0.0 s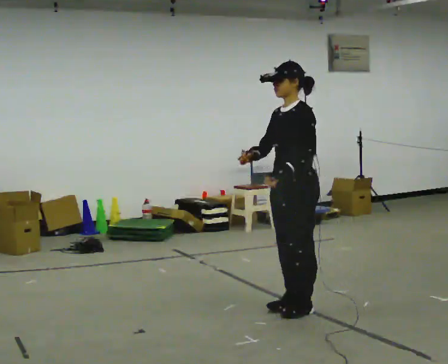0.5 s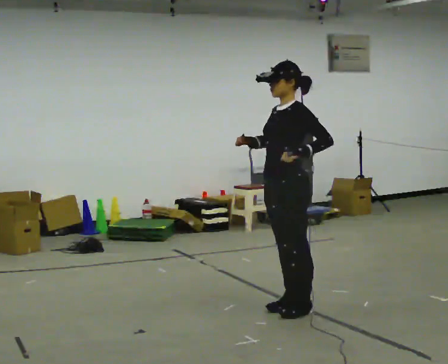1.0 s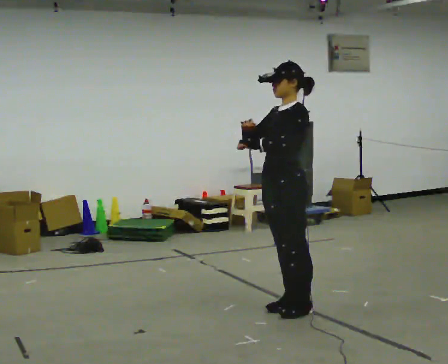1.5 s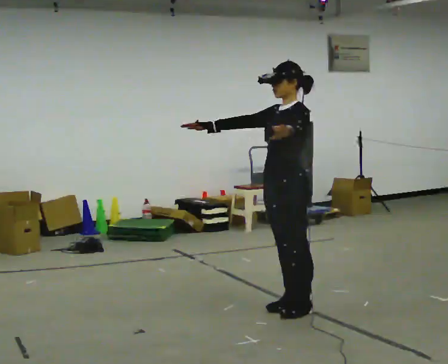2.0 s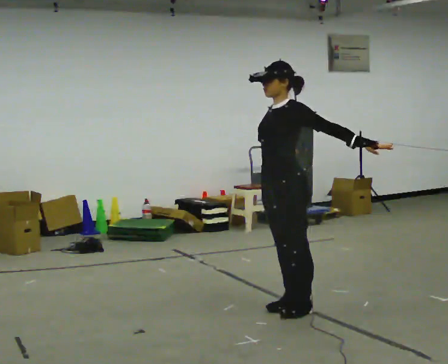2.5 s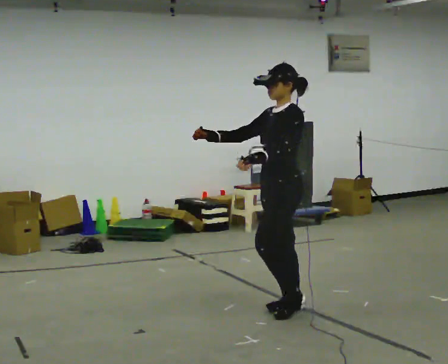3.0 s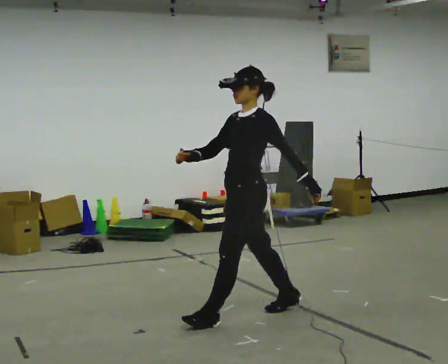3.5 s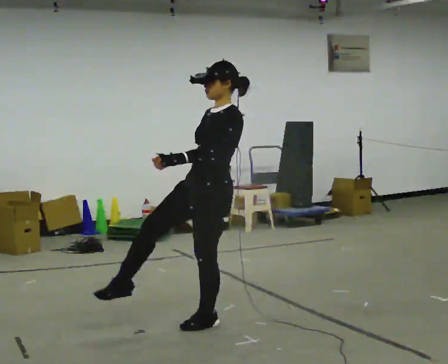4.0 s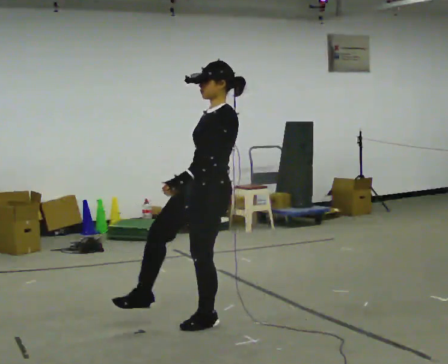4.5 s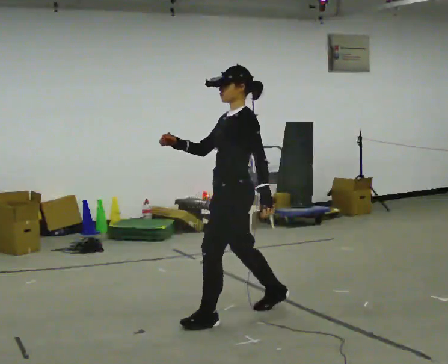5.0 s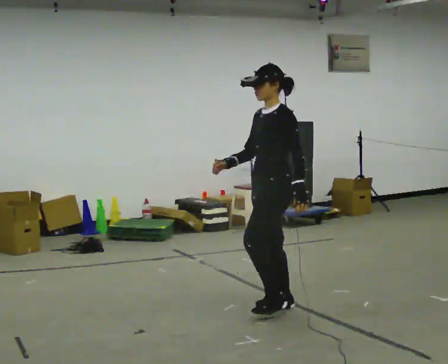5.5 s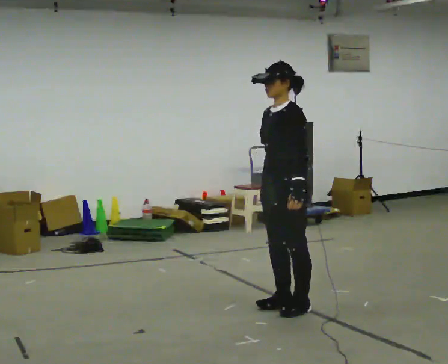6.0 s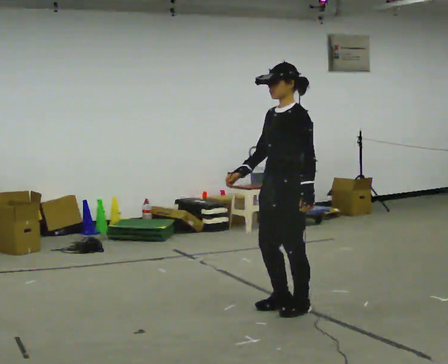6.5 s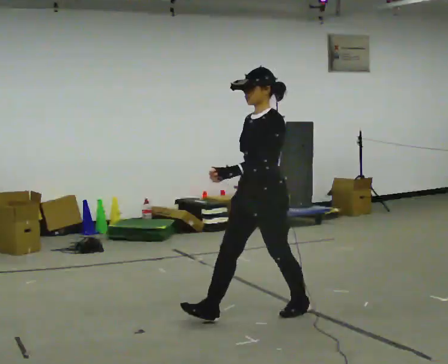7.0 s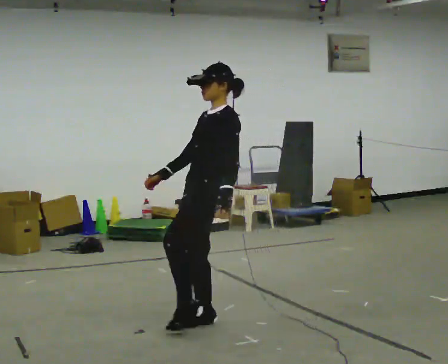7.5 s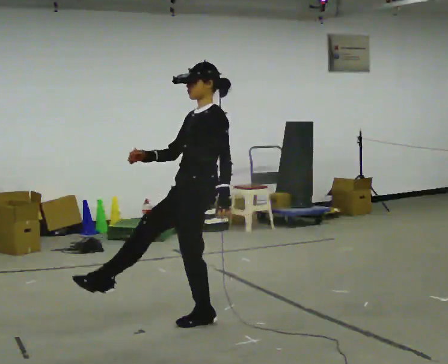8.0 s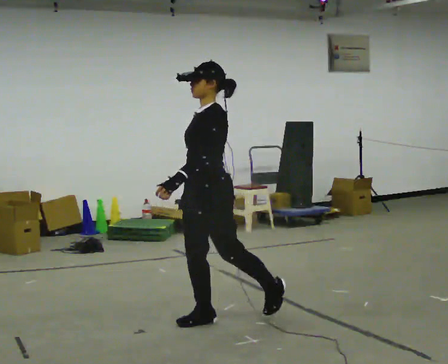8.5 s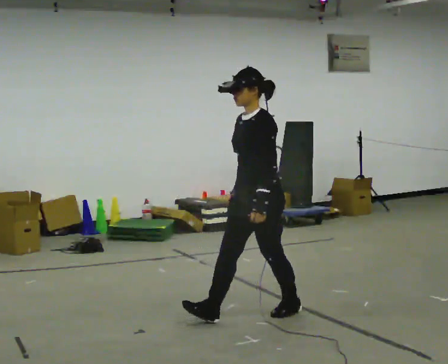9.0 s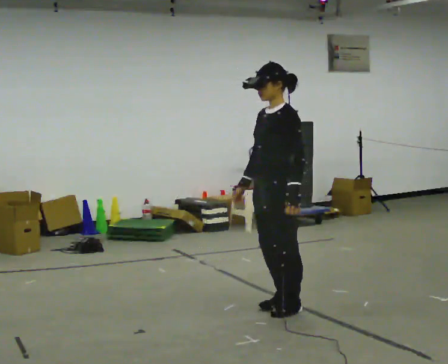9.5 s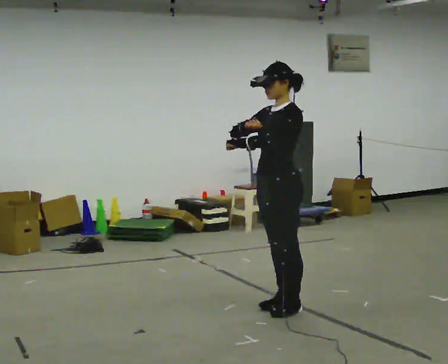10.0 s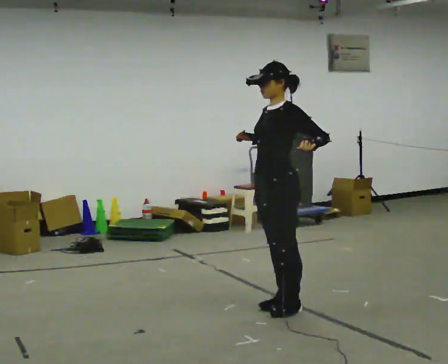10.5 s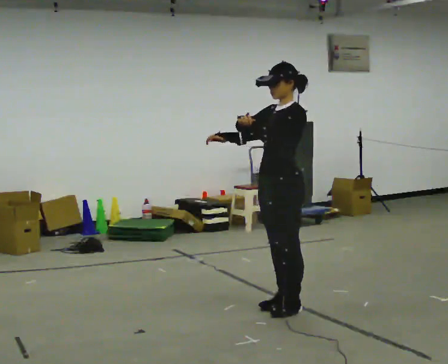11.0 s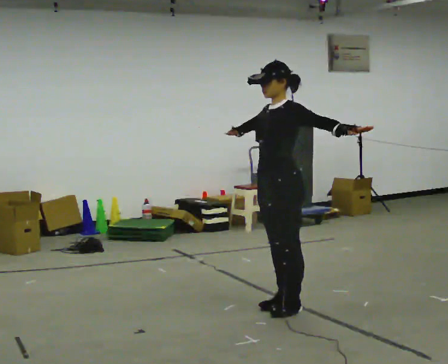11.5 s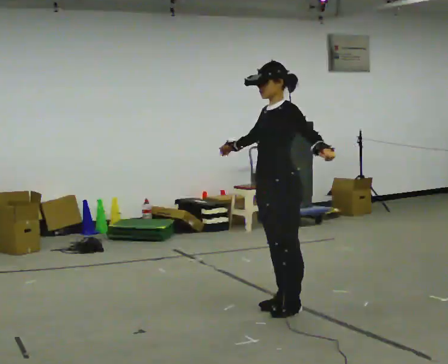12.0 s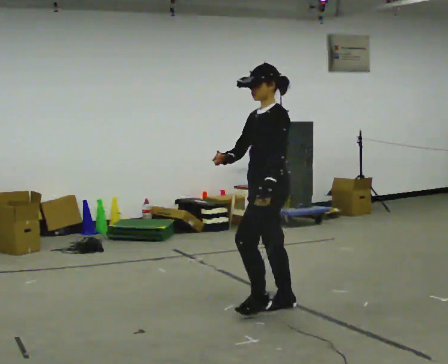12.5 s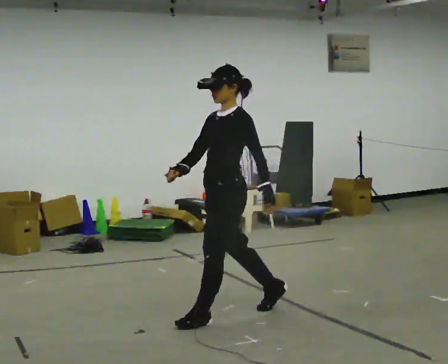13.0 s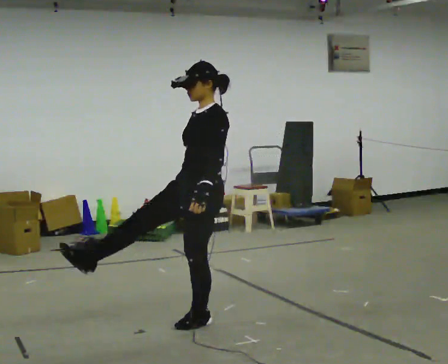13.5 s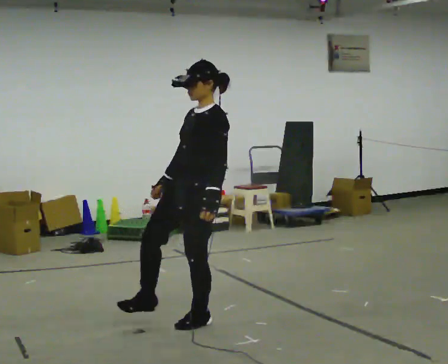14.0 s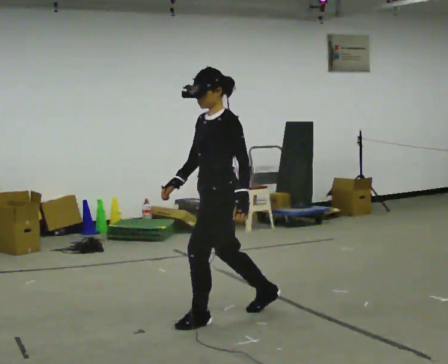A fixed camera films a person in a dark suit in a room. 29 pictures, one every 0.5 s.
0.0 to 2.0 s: The person moves a little, or ends about where they began.
2.0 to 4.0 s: In the picture they go to the left and toward the camera, about 0.5 m in 1 step, which for them is forward.
4.0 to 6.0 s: In the picture they go to the right and away from the camera, about 0.5 m in 1 step, which for them is backward.
6.0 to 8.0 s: In the picture they go to the left and toward the camera, about 0.5 m in 1 step, which for them is forward.
8.0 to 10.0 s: In the picture they go to the right and away from the camera, about 0.5 m in 1 step, which for them is backward.
10.0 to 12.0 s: The person moves a little, or ends about where they began.
12.0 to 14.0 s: In the picture they go to the left and toward the camera, about 0.25 m in 2 steps, which for them is forward.
The film runs forward here.
